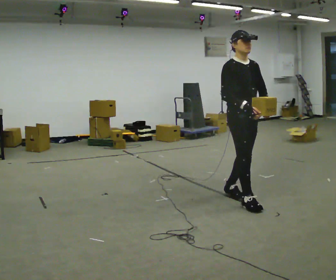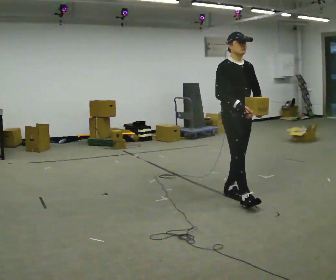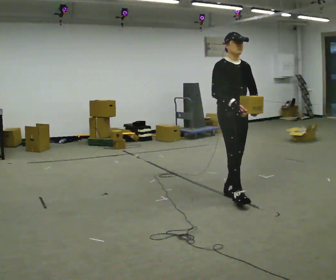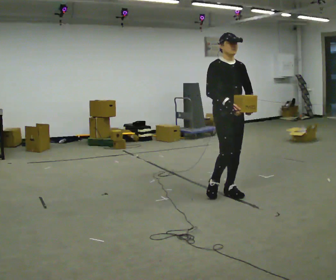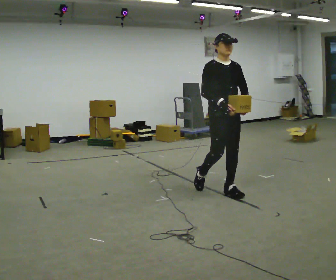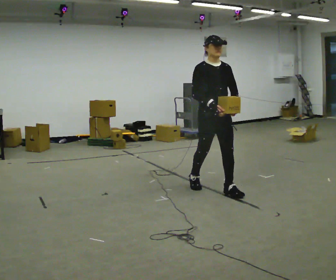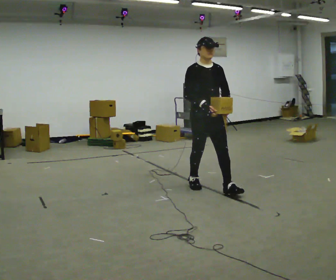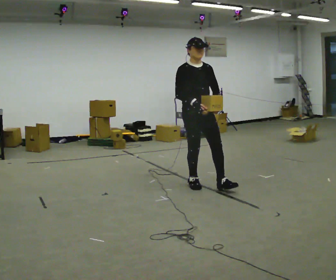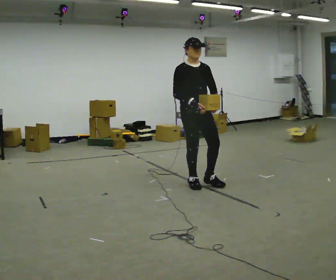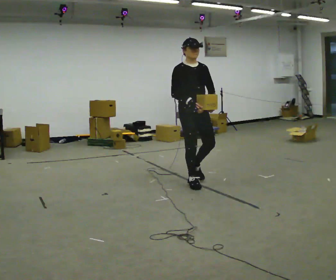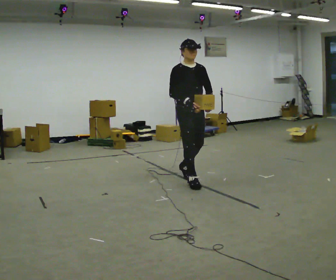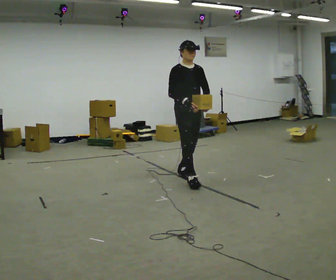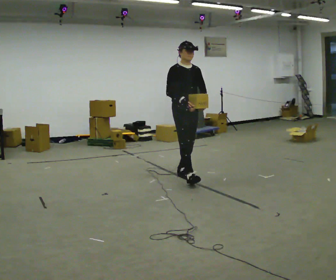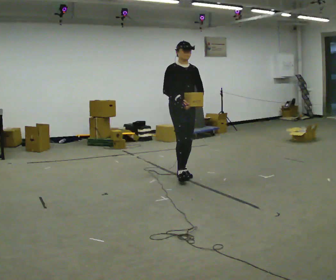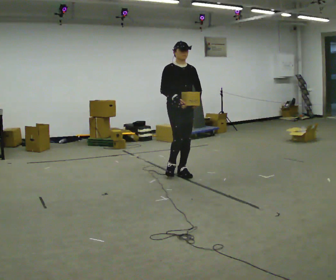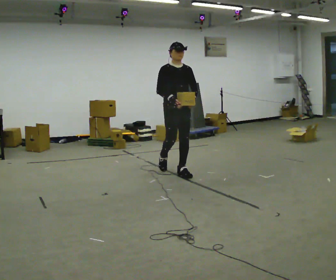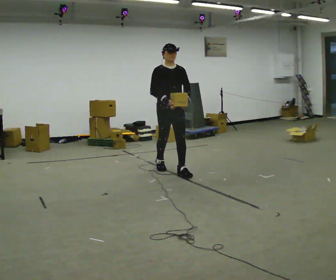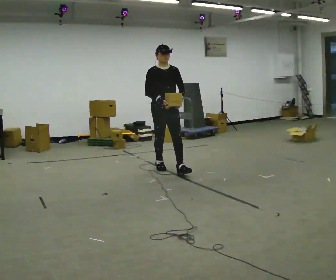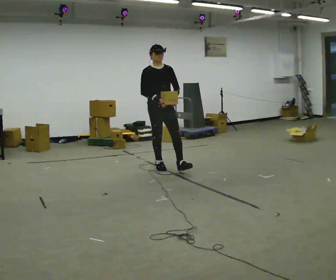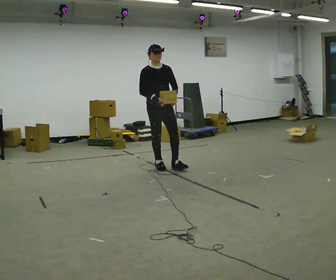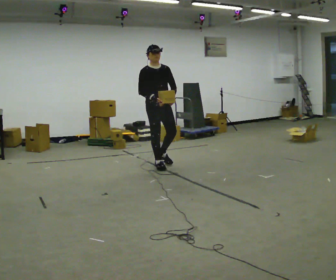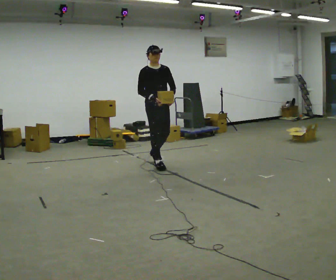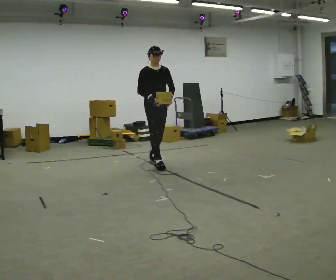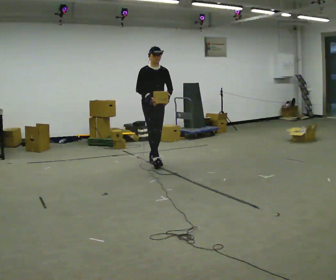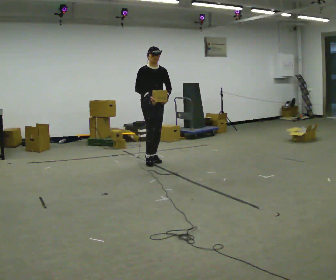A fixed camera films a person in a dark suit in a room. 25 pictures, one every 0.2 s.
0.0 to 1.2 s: In the picture they go away from the camera and to the left, about 0.5 m in 1 step, which for them is backward.
1.2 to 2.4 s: In the picture they go away from the camera and to the left, about 0.5 m in 1 step, which for them is backward.
2.4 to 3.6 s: In the picture they go away from the camera and to the left, about 0.5 m in 2 steps, which for them is backward.
3.6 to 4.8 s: In the picture they go away from the camera and to the left, about 0.5 m in 1 step, which for them is backward.
The film runs backward here.
